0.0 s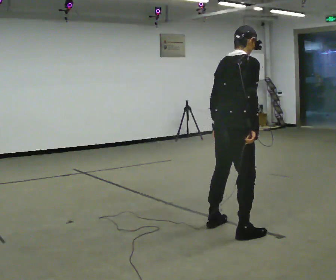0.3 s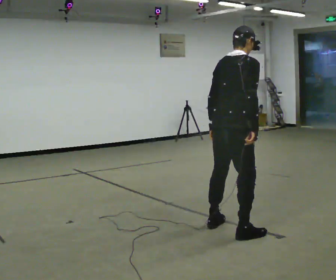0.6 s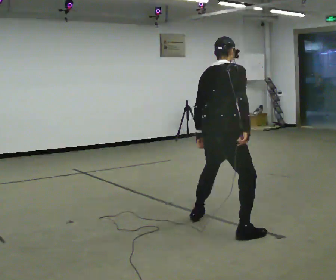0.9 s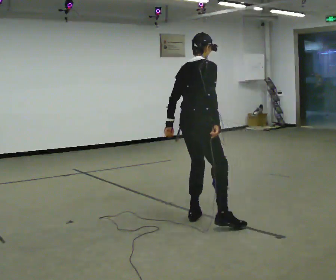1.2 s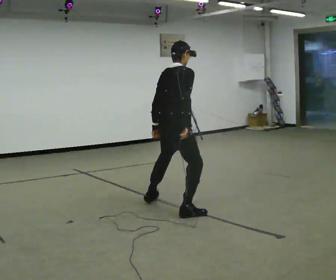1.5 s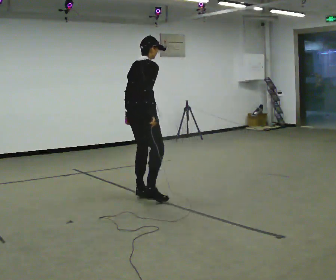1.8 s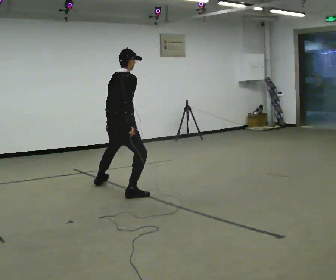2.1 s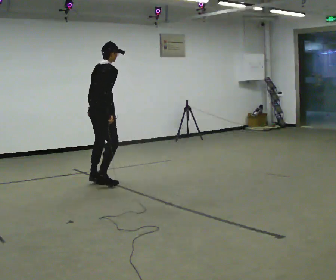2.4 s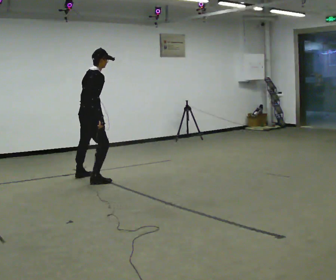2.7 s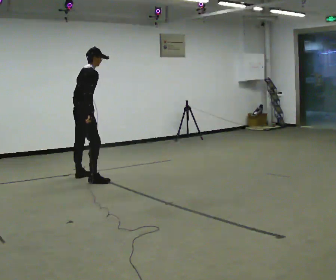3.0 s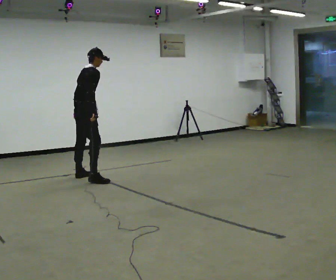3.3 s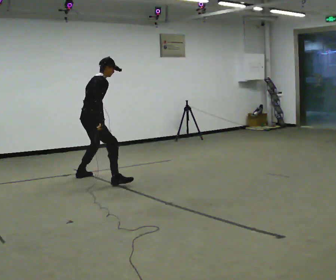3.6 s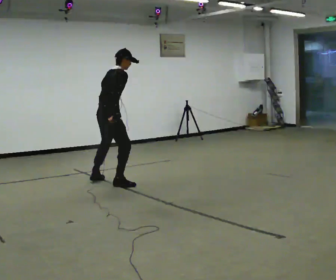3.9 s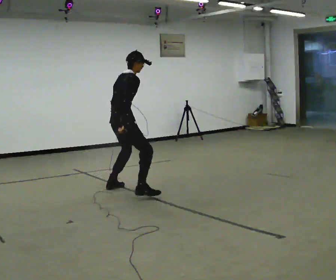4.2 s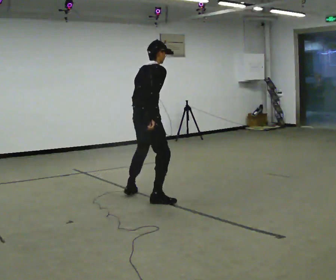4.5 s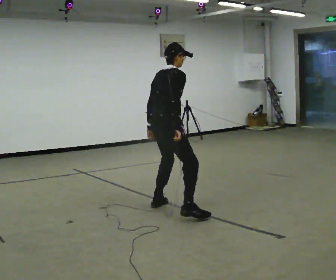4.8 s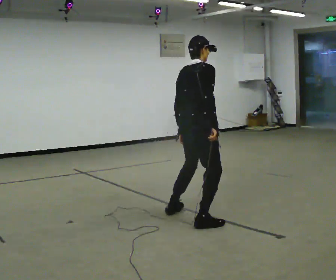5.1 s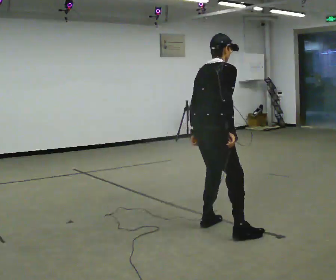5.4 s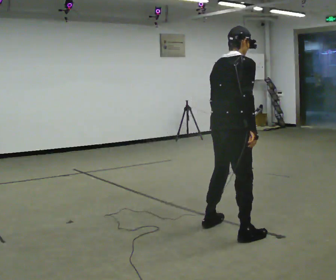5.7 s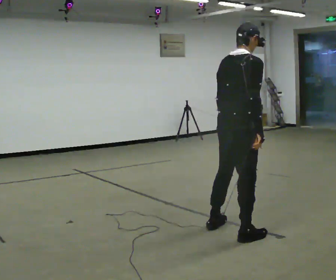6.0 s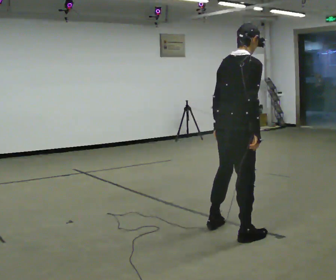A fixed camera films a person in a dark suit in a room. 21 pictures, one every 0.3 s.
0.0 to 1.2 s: In the picture they go away from the camera and to the left, about 1 m in 2 steps, which for them is to their left.
1.2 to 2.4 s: In the picture they go away from the camera and to the left, about 1.5 m in 4 steps, which for them is to their left.
2.4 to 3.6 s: In the picture they go toward the camera and to the right, about 0.5 m in 2 steps, which for them is to their right.
3.6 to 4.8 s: In the picture they go toward the camera and to the right, about 1.5 m in 4 steps, which for them is to their right.
4.8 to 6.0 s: In the picture they go toward the camera and to the right, about 0.5 m in 2 steps, which for them is to their right.
The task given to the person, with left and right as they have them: Shuffle sideways quickly in the direction the operator calls, without crossing your feet.
The film runs forward here.
